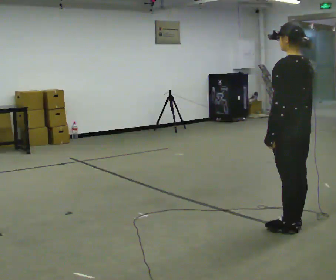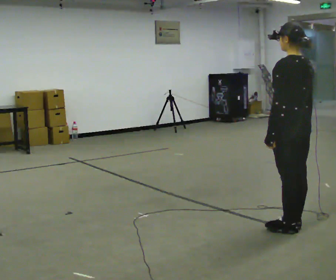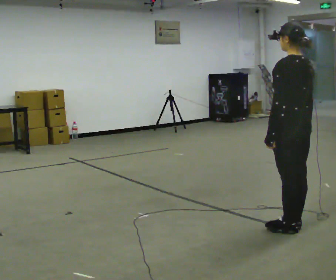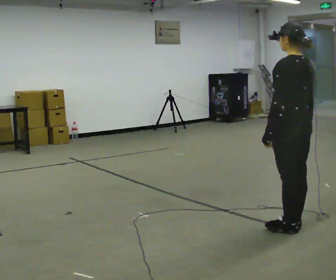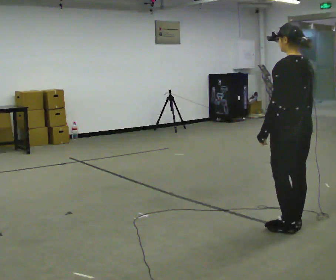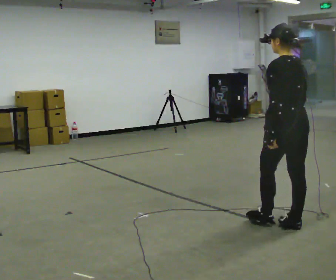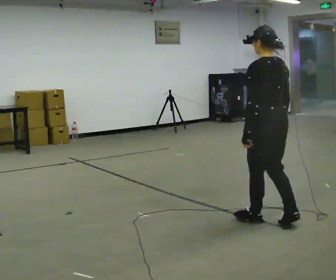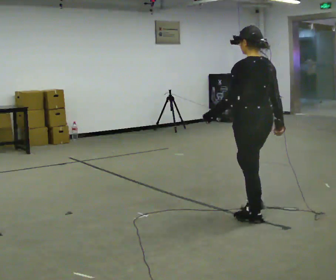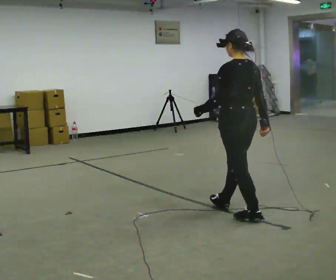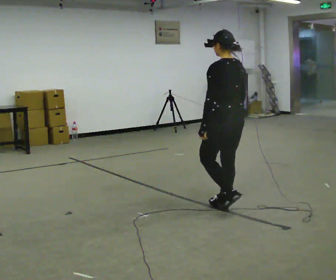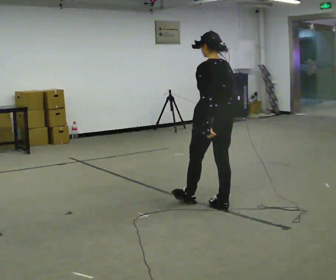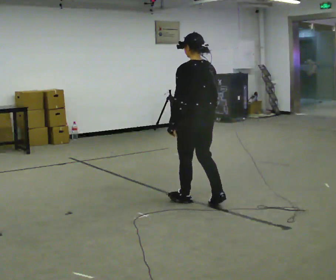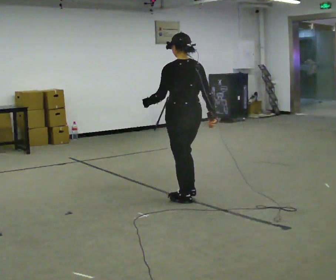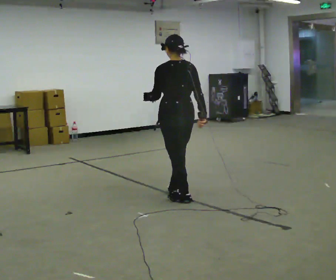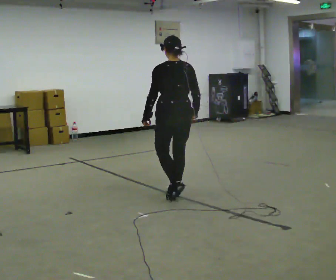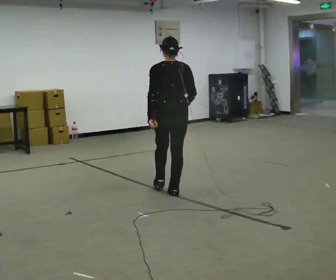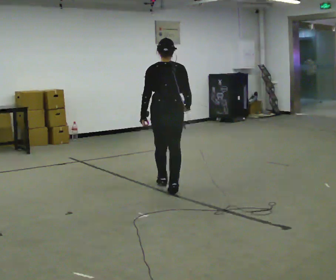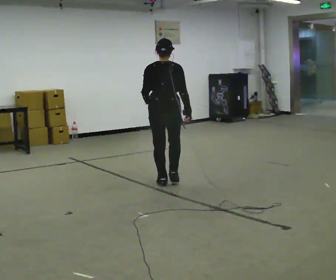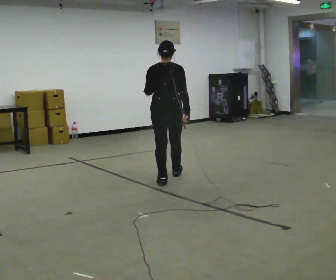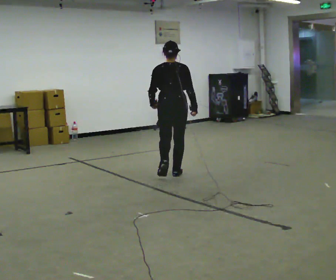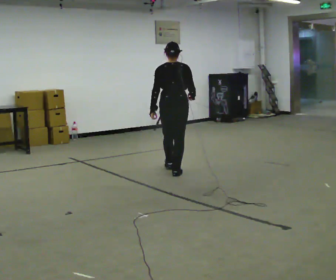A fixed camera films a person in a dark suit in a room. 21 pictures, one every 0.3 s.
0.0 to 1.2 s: The person moves a little, or ends about where they began.
1.2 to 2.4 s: In the picture they go to the left and away from the camera, about 0.5 m in 2 steps, which for them is forward.
2.4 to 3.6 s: In the picture they go to the left and away from the camera, about 0.75 m in 1 step, which for them is forward.
3.6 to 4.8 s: The person turns about 45 degrees to their right, clockwise seen from above, so the part of the body nearest the lens slides to the left. In the picture they go away from the camera and to the left, about 0.5 m in 2 steps, which for them is forward.
4.8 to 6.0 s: In the picture they go away from the camera, about 0.75 m in 1 step, which for them is forward.
The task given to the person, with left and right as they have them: Walk straight; at marker turn ~45° while continuing to walk; continue straight.
The film runs forward here.
